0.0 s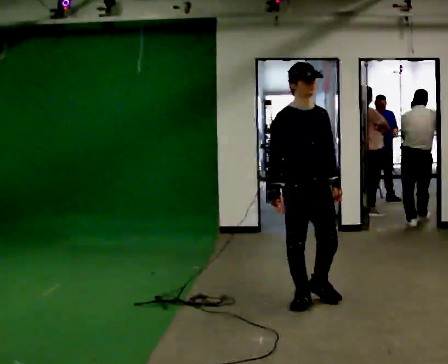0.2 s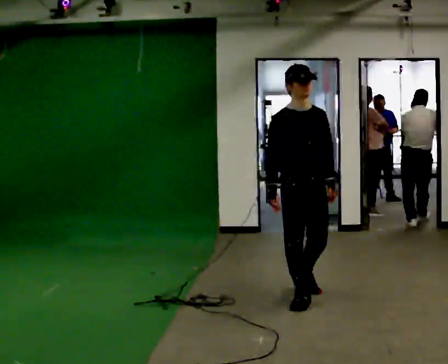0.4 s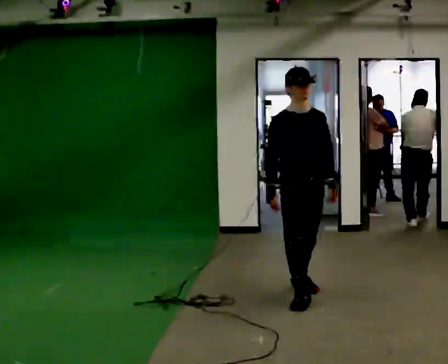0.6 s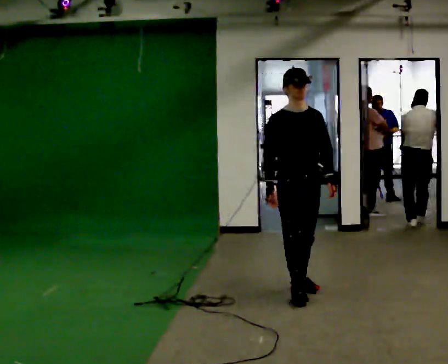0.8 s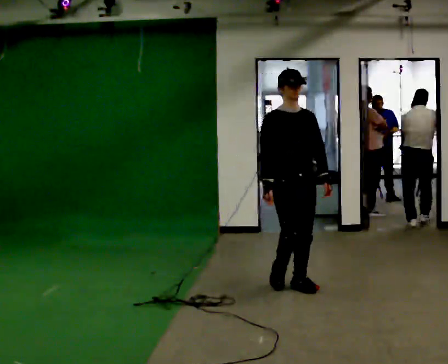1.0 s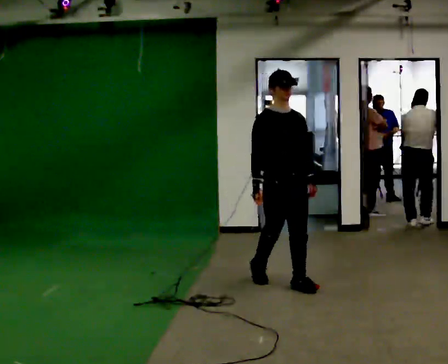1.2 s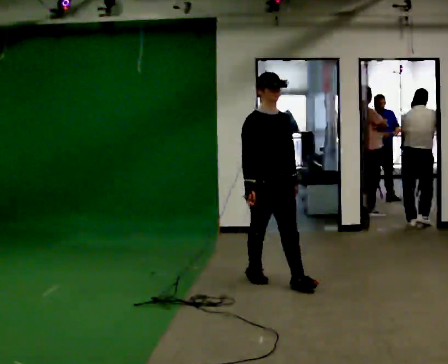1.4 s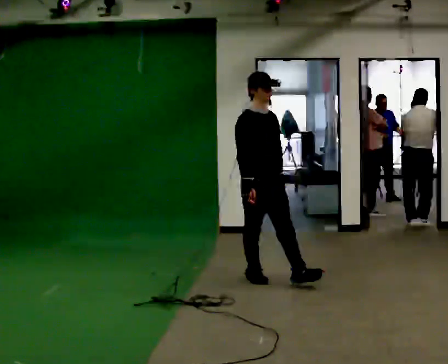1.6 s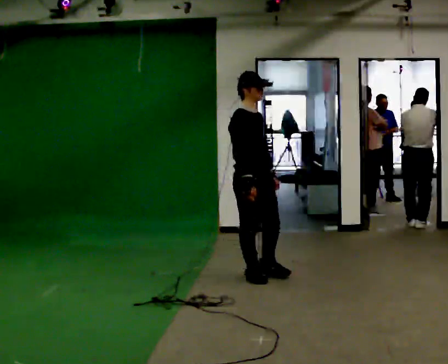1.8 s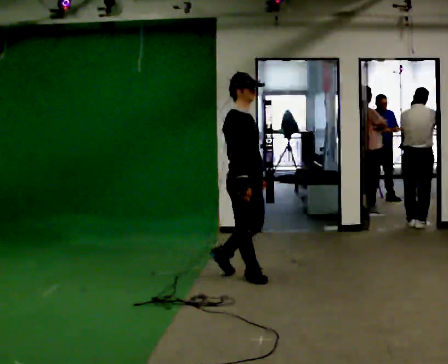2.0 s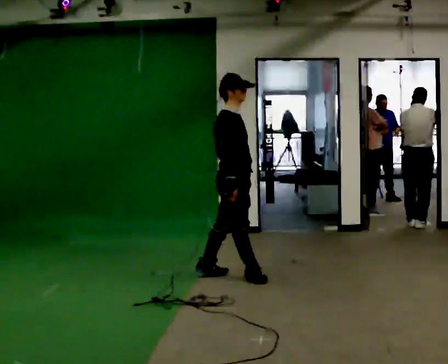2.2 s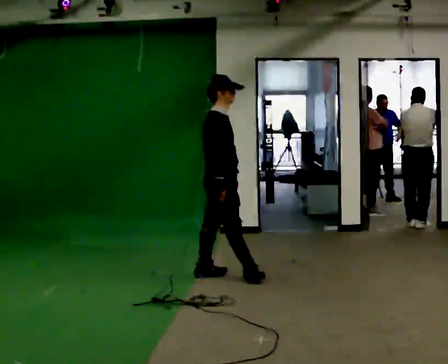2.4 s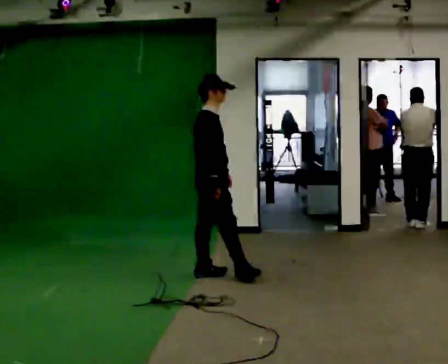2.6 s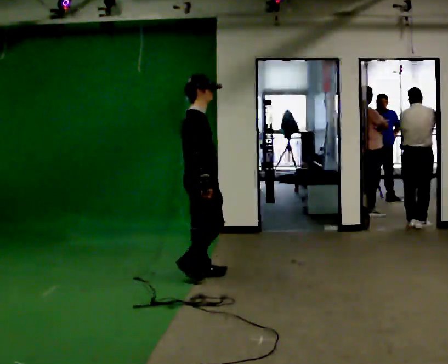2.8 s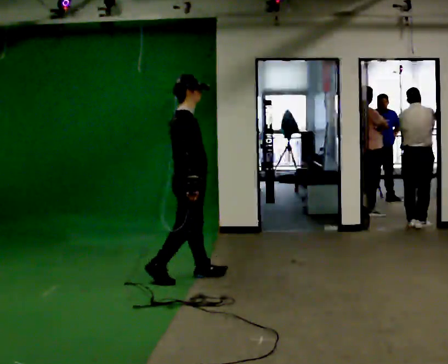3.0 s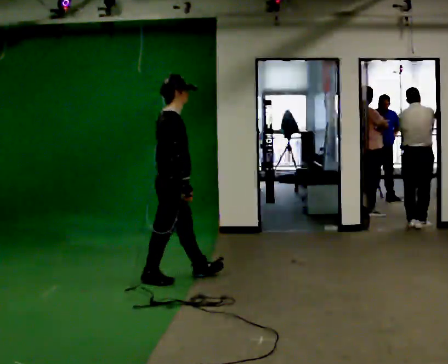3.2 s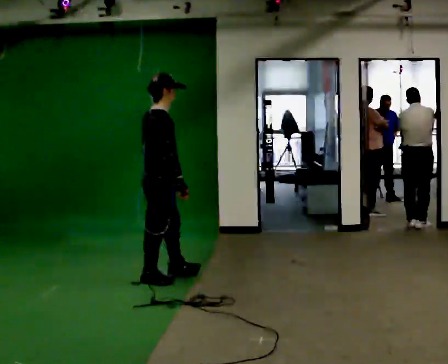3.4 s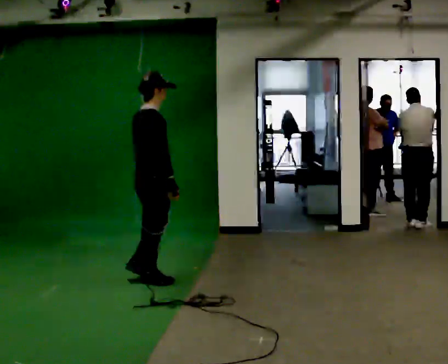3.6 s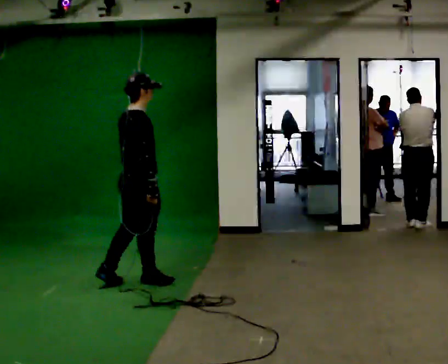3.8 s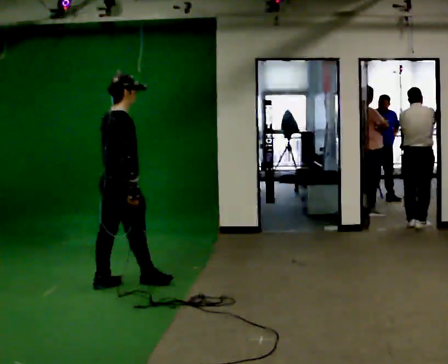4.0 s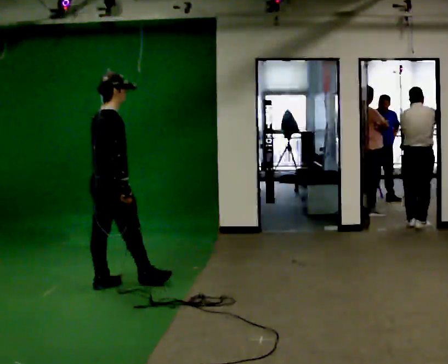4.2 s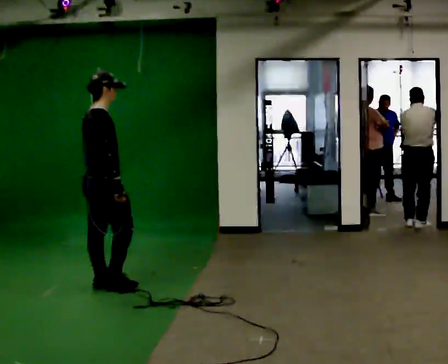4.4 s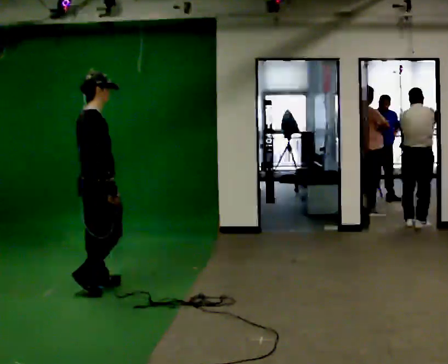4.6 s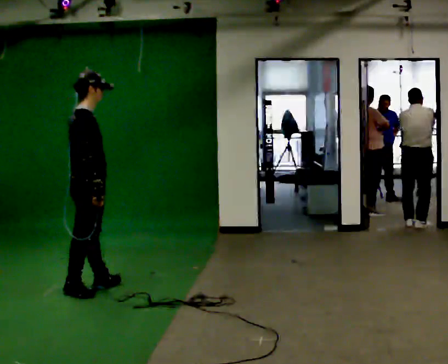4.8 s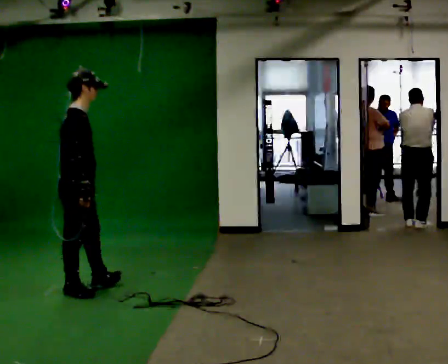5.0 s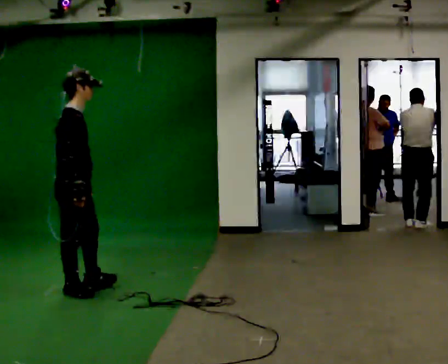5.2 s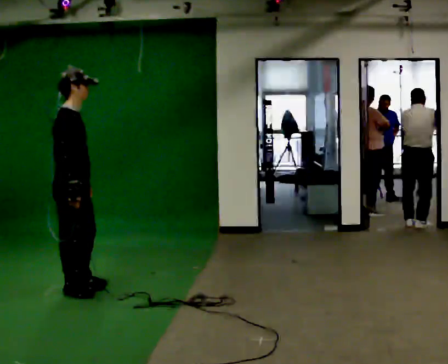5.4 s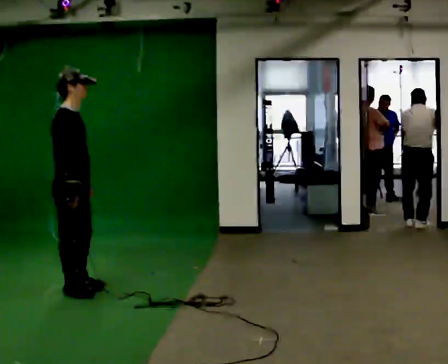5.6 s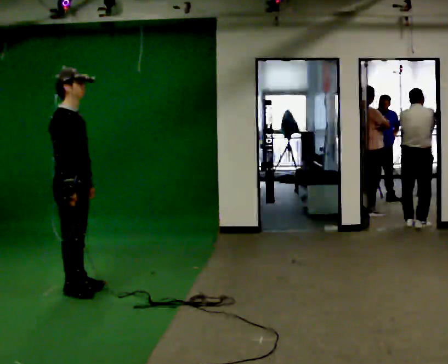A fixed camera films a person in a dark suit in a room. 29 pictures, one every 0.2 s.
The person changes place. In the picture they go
to the left.
The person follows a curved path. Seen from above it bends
counterclockwise.
0.0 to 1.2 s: In the picture they go away from the camera, about 0.75 m in 1 step, which for them is backward.
1.2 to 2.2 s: The part of the body nearest the lens slides to the right as the person turns to their left by about 60 degrees. In the picture they go to the left and away from the camera, about 0.5 m in 1 step, which for them is backward.
2.2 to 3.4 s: The person turns about 30 degrees to their left, counterclockwise seen from above, so the part of the body nearest the lens slides to the right. In the picture they go to the left and toward the camera, about 0.5 m in 2 steps, which for them is backward.
3.4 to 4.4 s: In the picture they go to the left and toward the camera, about 0.5 m in 1 step, which for them is backward.
4.4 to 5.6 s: Seen from above the body turns clockwise, about 30 degrees: to their right, with its near side sliding to the left. In the picture they go toward the camera and to the left, about 0.25 m in 1 step, which for them is backward.
The film runs backward here.
